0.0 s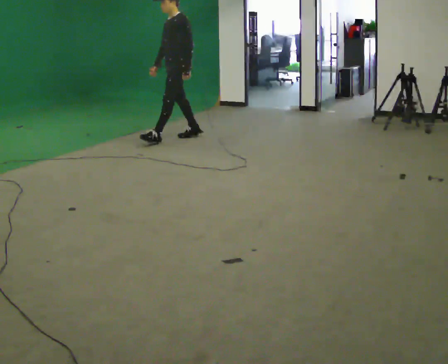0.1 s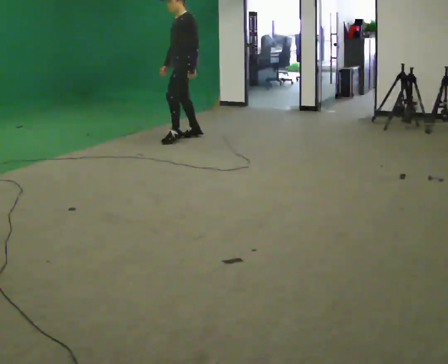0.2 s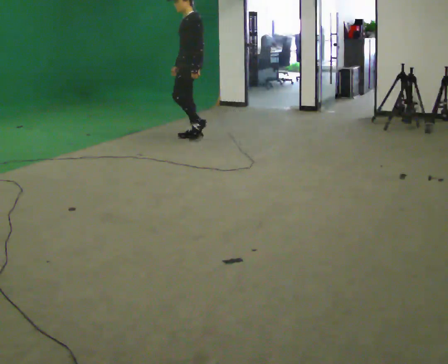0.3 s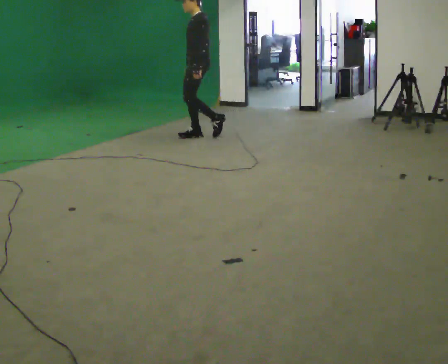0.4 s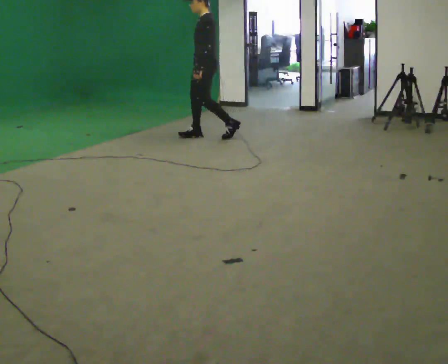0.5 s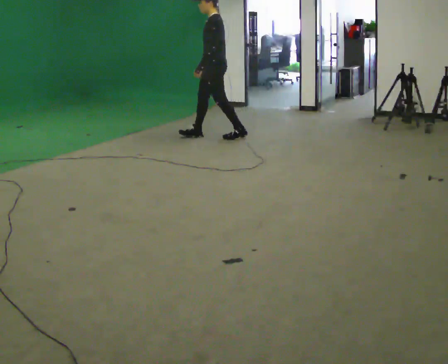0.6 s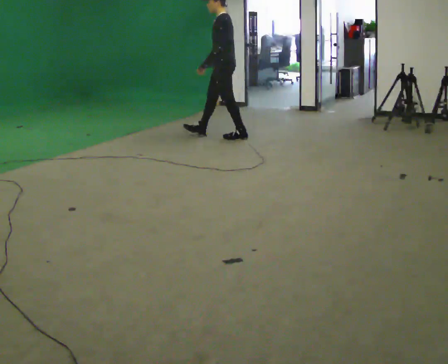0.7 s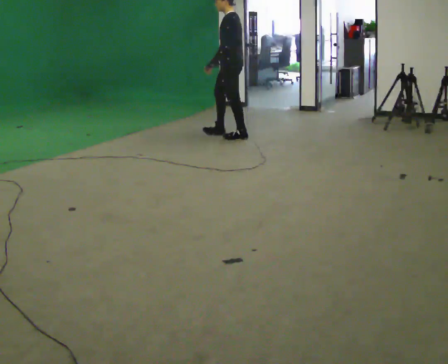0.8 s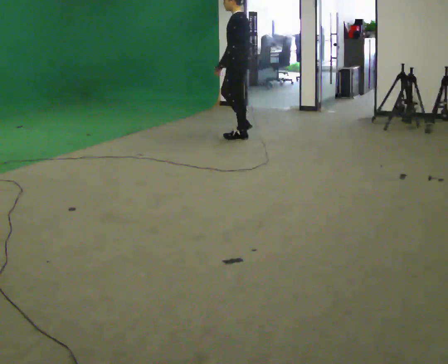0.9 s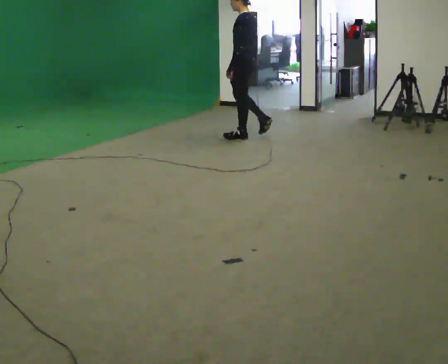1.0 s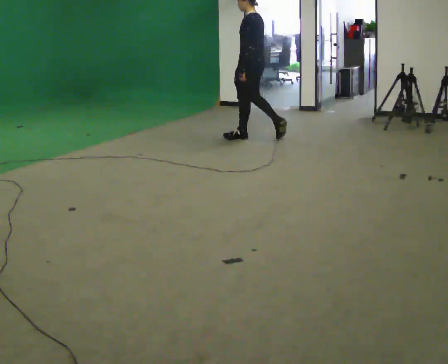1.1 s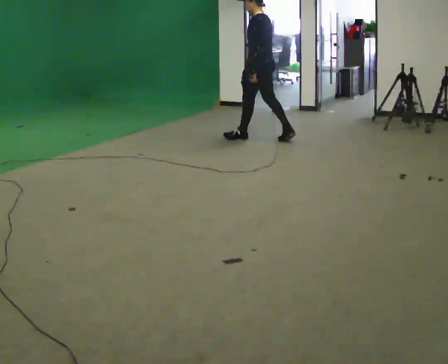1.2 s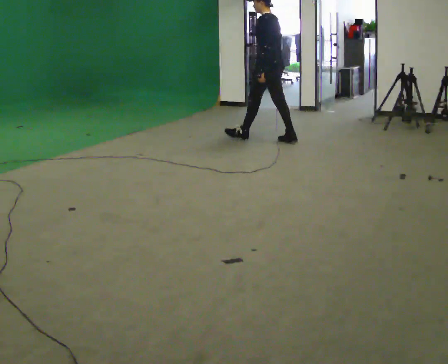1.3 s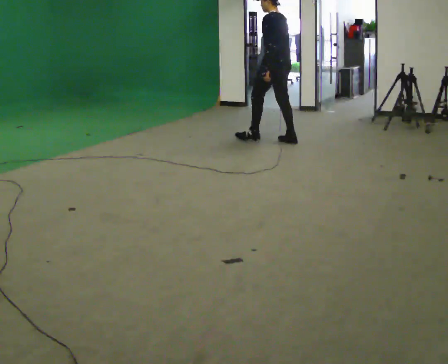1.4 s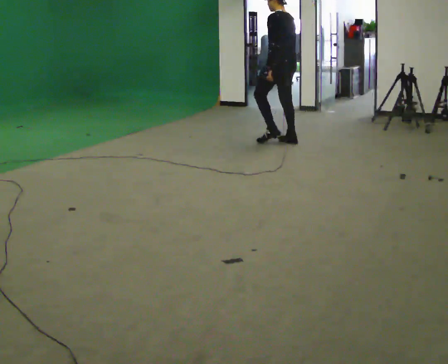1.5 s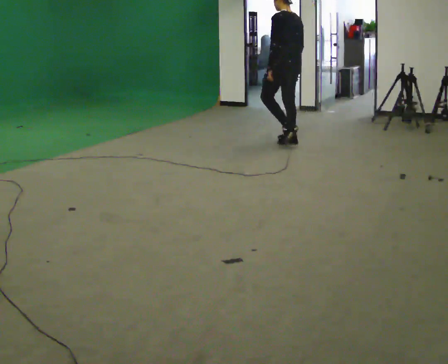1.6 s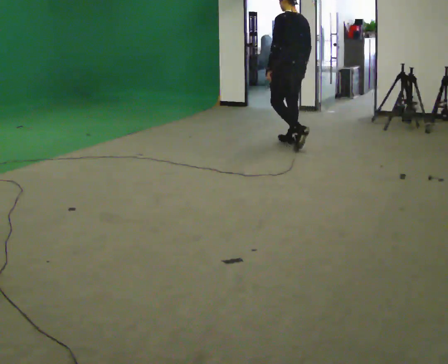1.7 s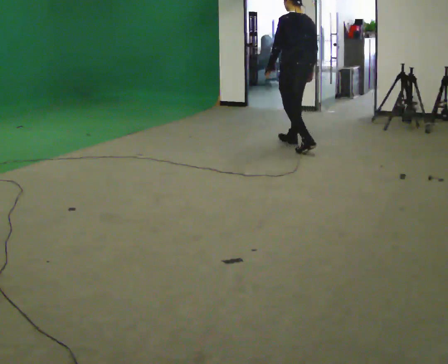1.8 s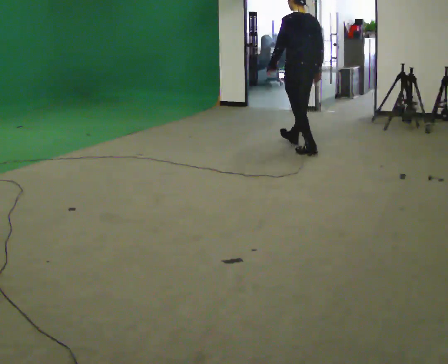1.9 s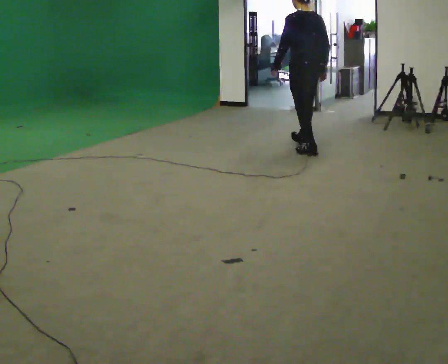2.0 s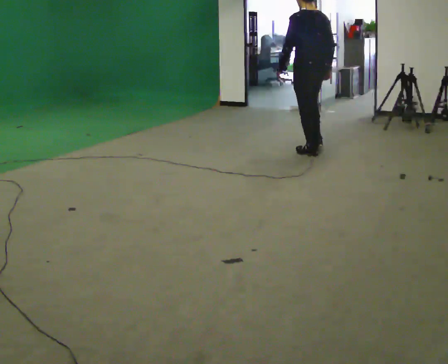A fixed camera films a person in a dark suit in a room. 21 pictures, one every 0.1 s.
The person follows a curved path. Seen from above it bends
clockwise.
The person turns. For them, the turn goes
to their right.
0.0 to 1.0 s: Seen from above the body turns clockwise, about 45 degrees: to their right, with its near side sliding to the left. In the picture they go to the right, about 1 m in 1 step, which for them is backward.
1.0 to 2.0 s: Seen from above the body turns clockwise, about 45 degrees: to their right, with its near side sliding to the left. In the picture they go toward the camera and to the right, about 1 m in 2 steps, which for them is backward.
The film runs backward here.
